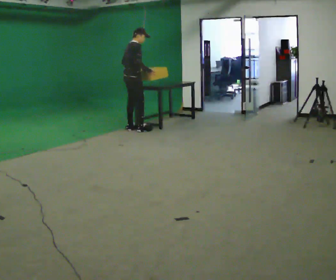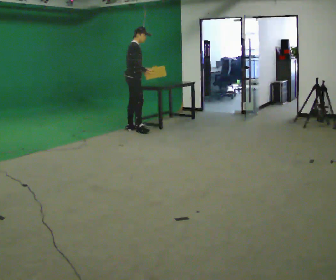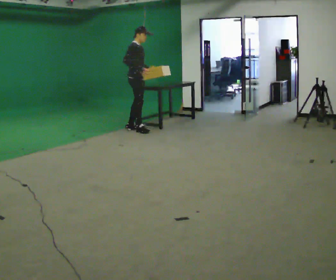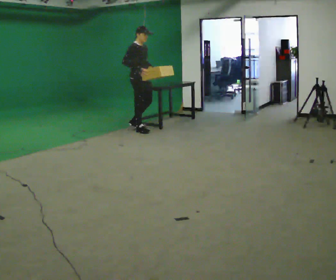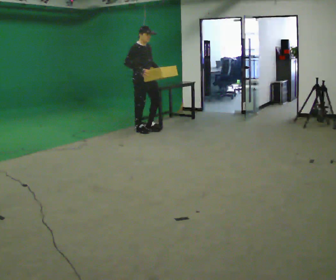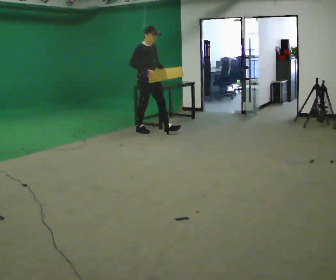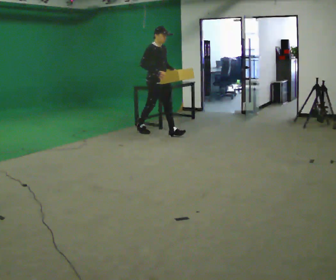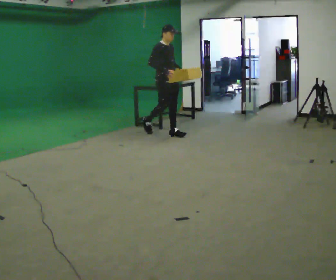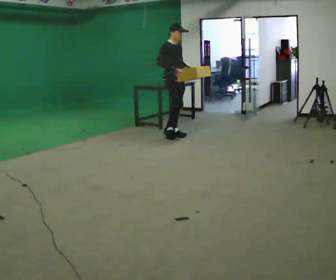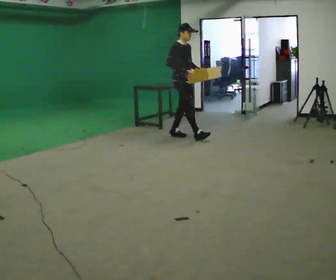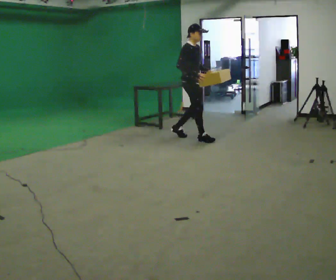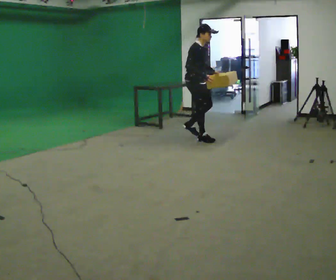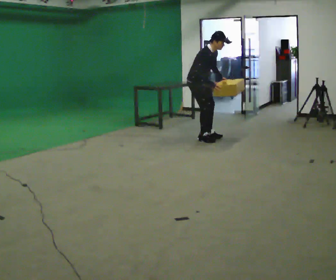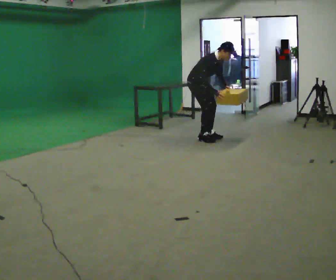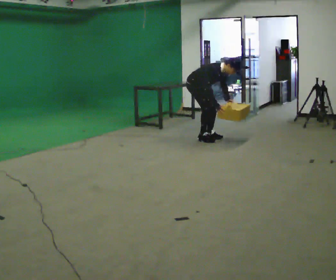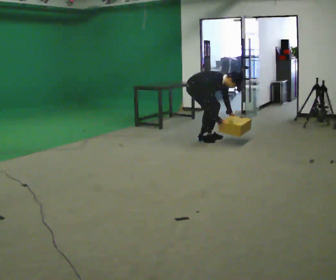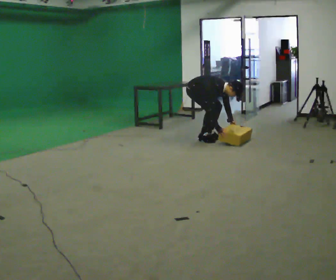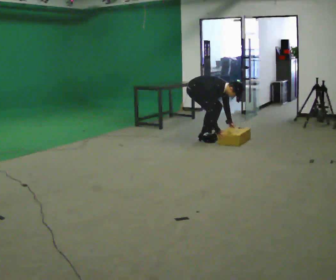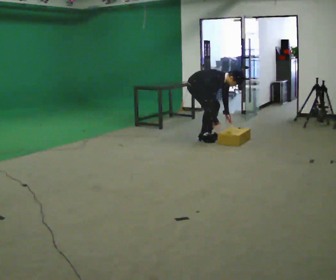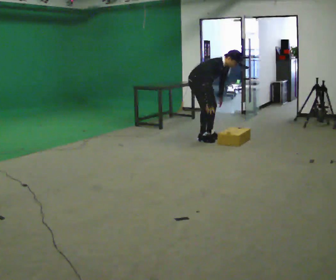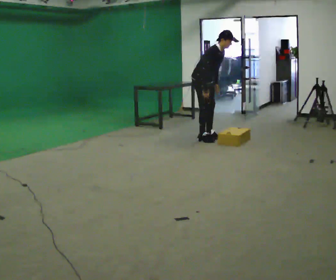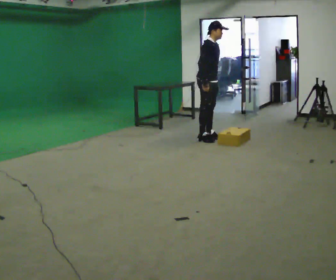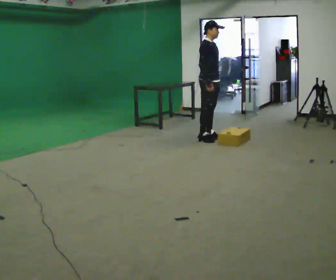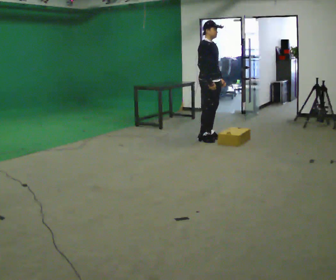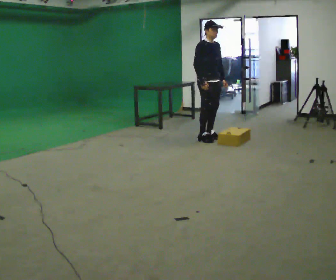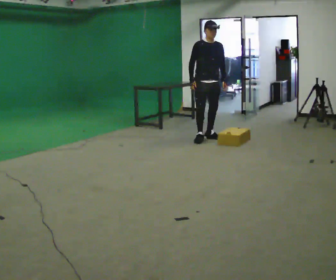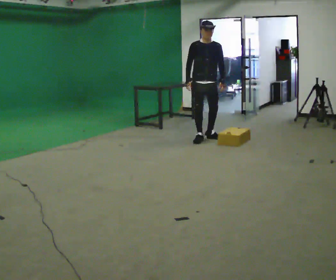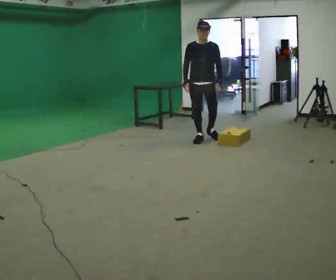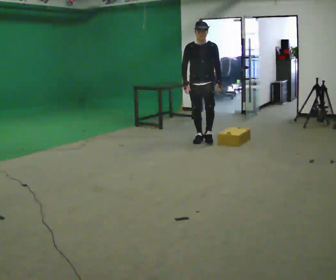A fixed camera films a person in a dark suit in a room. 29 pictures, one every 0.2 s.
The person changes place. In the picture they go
to the right.
0.0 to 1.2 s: Seen from above the body turns clockwise, about 60 degrees: to their right, with its near side sliding to the left. In the picture they go to the right and toward the camera, about 0.5 m in 1 step.
1.2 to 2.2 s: In the picture they go to the right and toward the camera, about 0.75 m in 1 step, which for them is forward.
2.2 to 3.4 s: The upper body goes downward. In the picture the upper body tilts clockwise, shoulders to the right, as they bend forward. In the picture their right hand goes downward.
3.4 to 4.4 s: In the picture they go to the right, about 0.25 m, which for them is forward. The upper body goes upward. In the picture the upper body tilts counterclockwise, shoulders to the left, as they lean back or straighten. In the picture their right hand goes upward.
4.4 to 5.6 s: The part of the body nearest the lens slides to the left as the person turns to their right by about 75 degrees. In the picture they go toward the camera, about 0.25 m.
The film runs forward here.
